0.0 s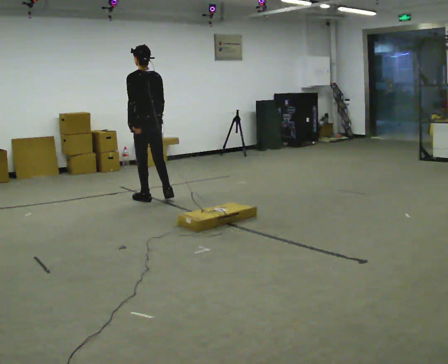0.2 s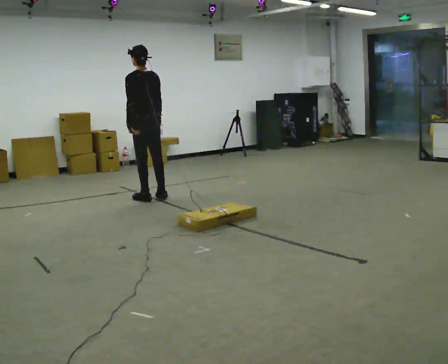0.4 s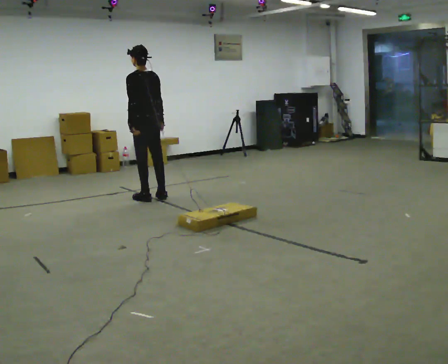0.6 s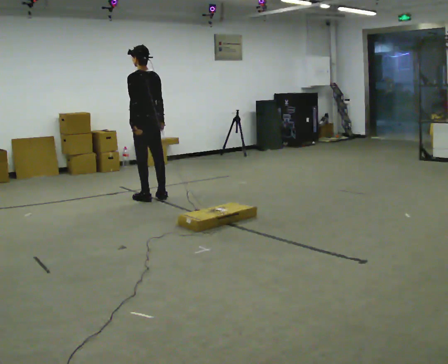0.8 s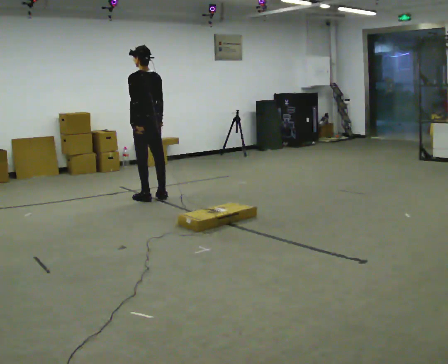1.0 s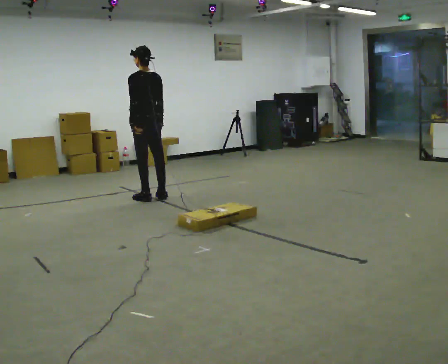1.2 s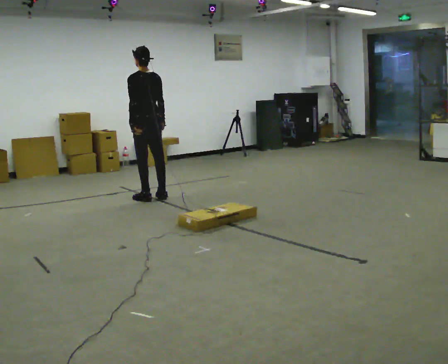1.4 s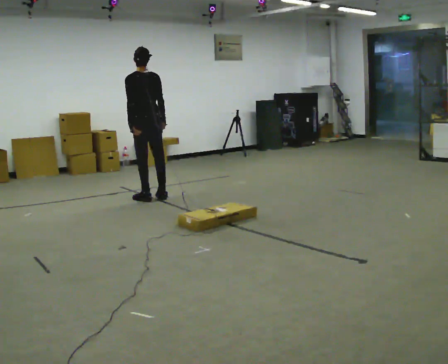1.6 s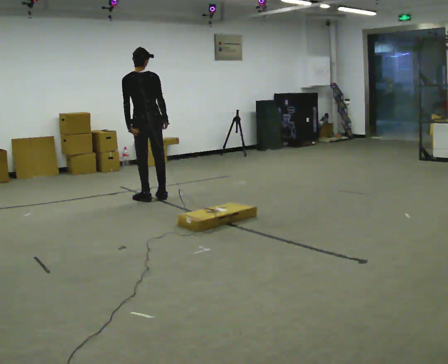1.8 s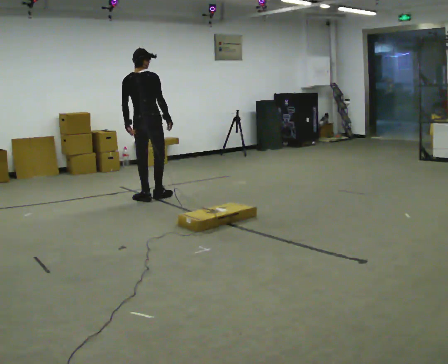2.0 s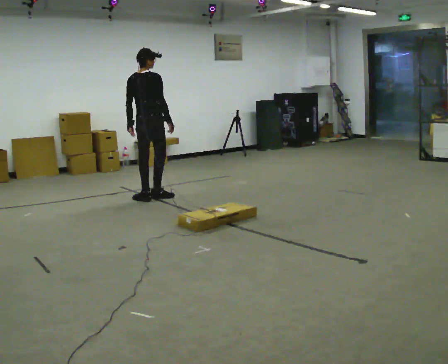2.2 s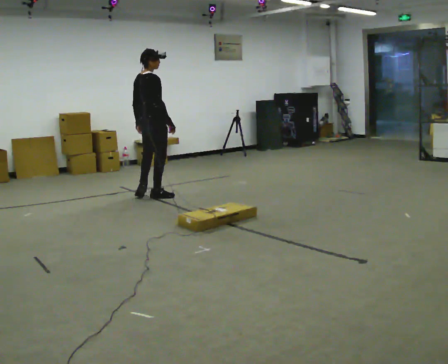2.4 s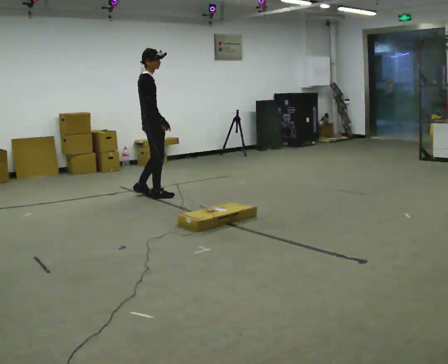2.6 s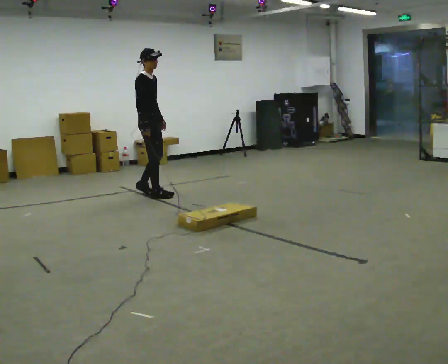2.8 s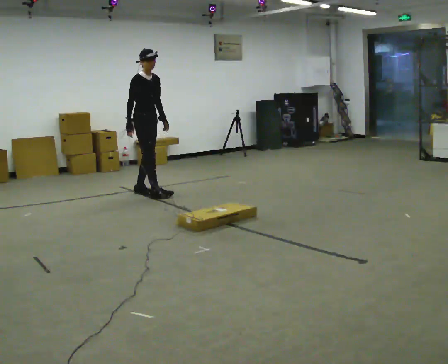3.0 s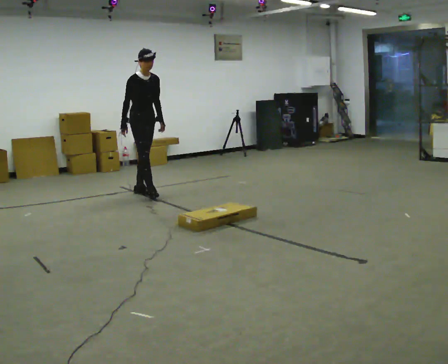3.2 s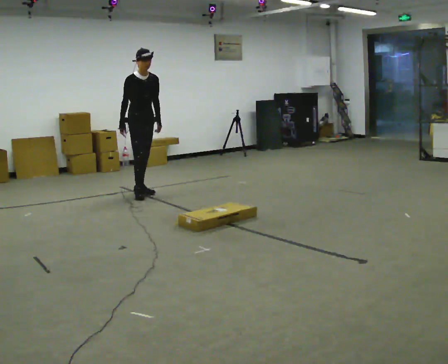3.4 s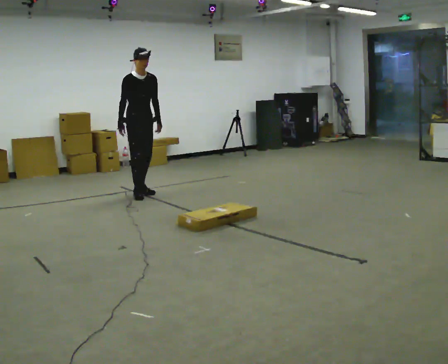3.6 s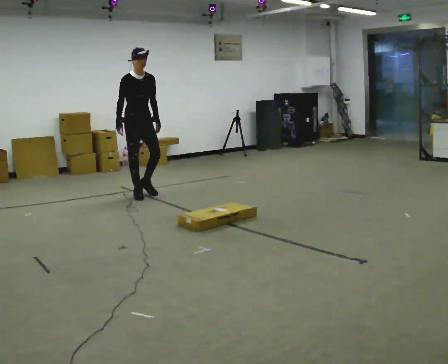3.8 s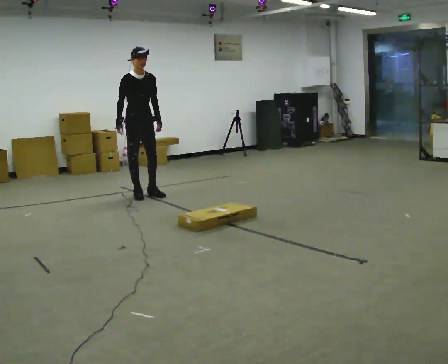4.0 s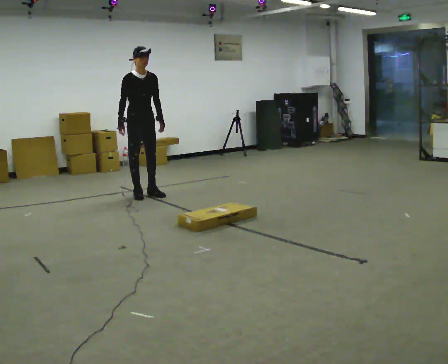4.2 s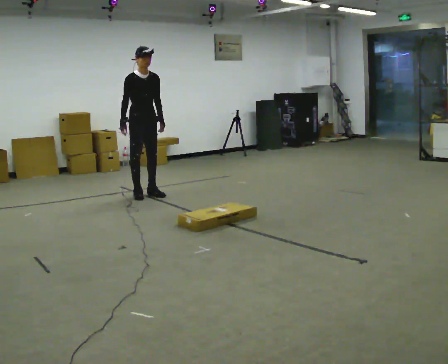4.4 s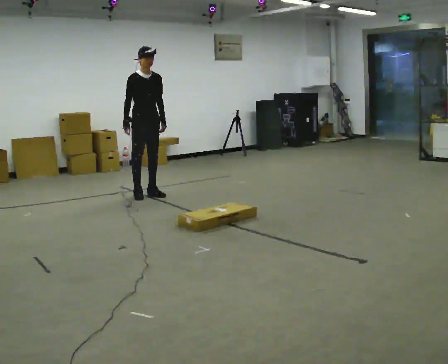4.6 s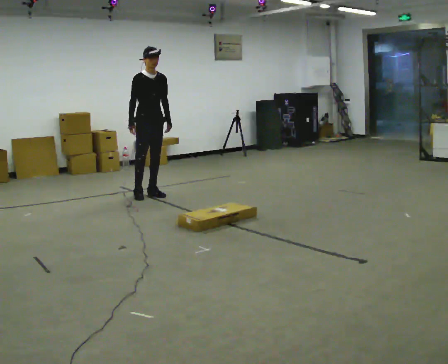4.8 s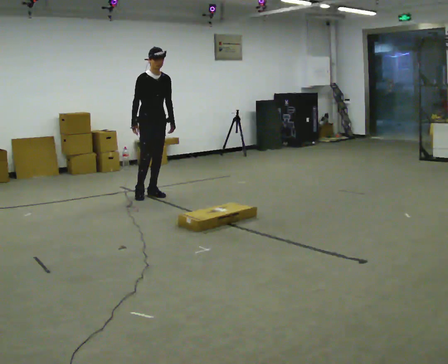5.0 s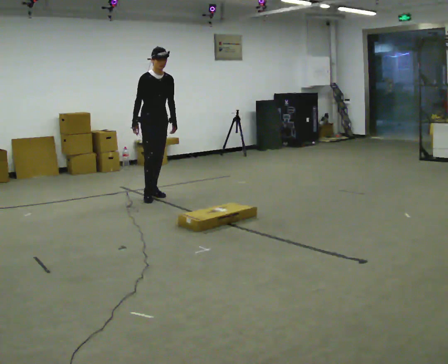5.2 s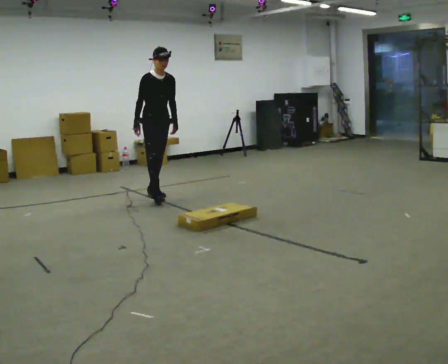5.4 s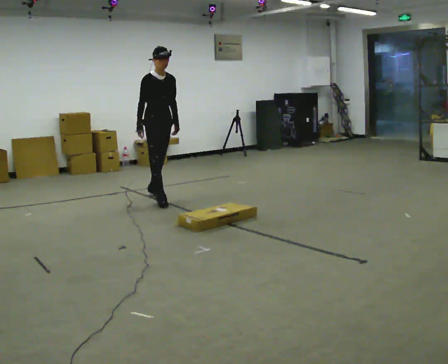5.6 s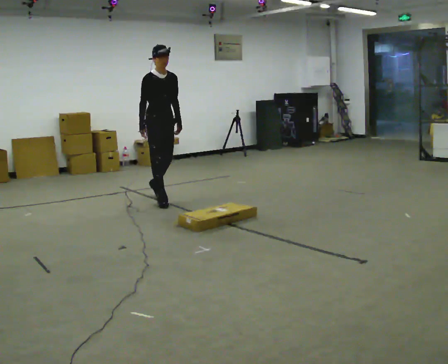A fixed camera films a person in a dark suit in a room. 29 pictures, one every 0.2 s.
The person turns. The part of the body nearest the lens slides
to the left.
The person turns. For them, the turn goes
to their right.
0.0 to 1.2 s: In the picture they go away from the camera, about 0.25 m in 1 step, which for them is forward.
1.2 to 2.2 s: The person turns about 90 degrees to their right, clockwise seen from above, so the part of the body nearest the lens slides to the left.
2.2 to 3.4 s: The part of the body nearest the lens slides to the left as the person turns to their right by about 90 degrees. In the picture they go away from the camera, about 0.25 m in 2 steps. In the picture their right hand goes to the left, the arm swinging clockwise.
3.4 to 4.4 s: The person moves a little, or ends about where they began.
4.4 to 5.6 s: In the picture they go toward the camera, about 0.25 m in 1 step, which for them is forward.
The film runs forward here.
